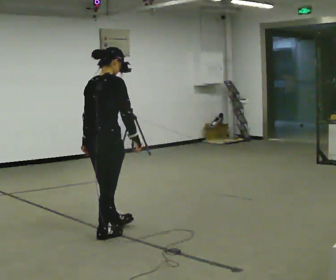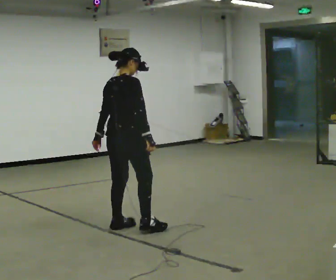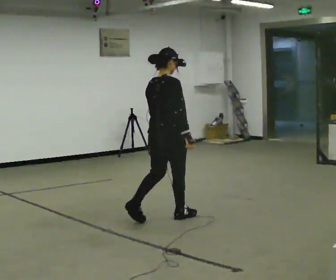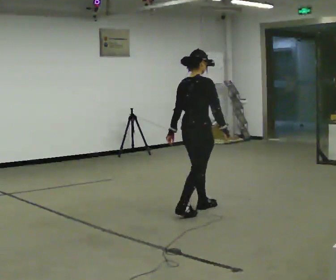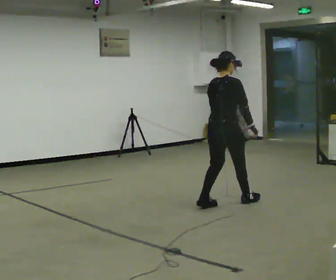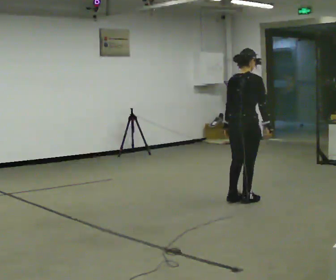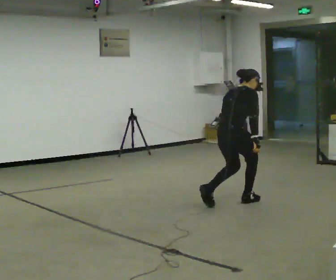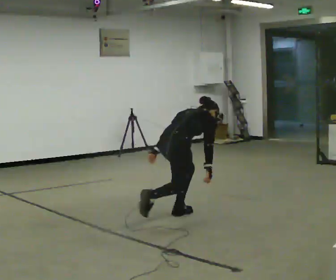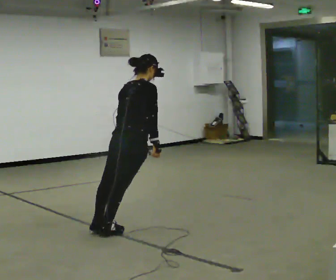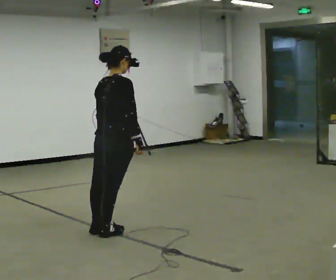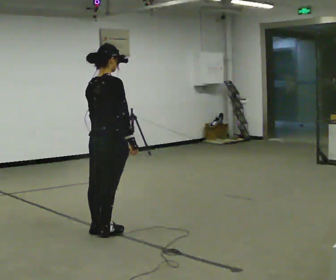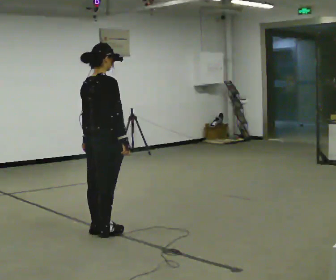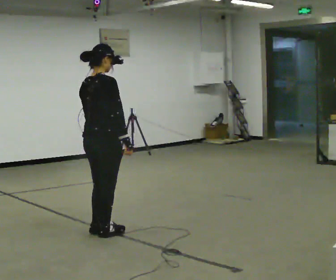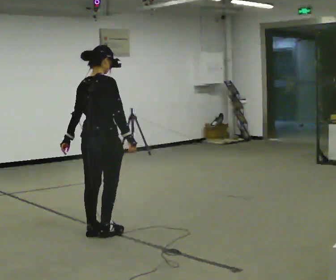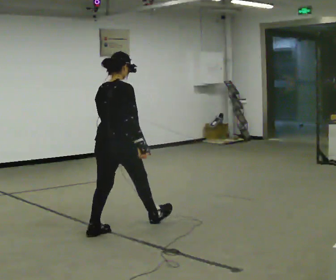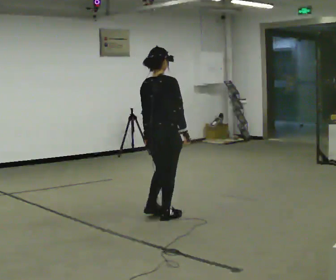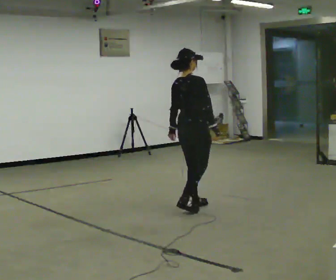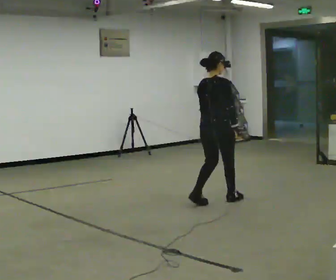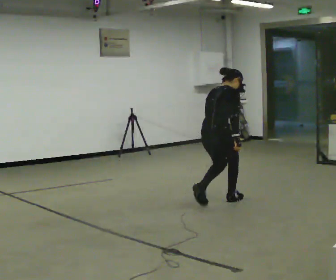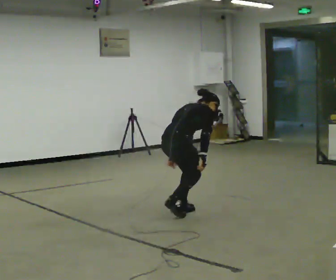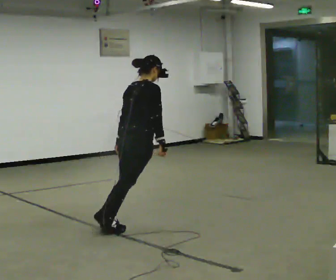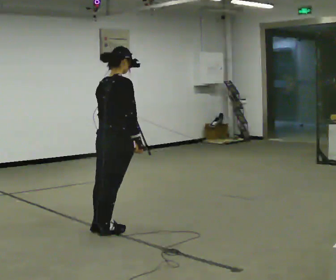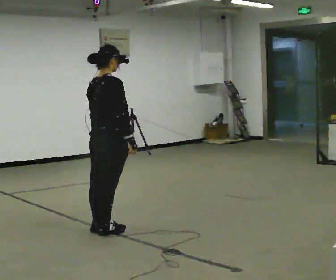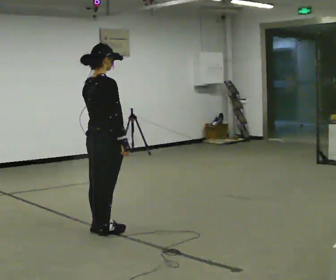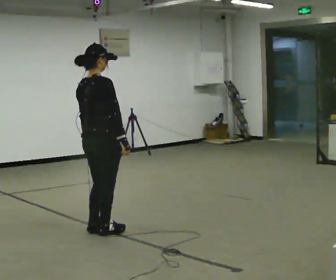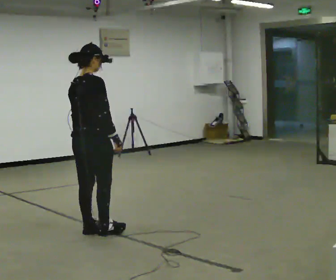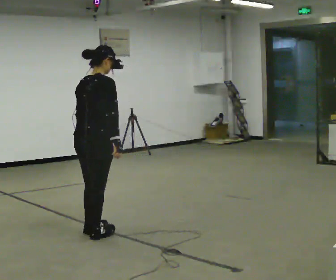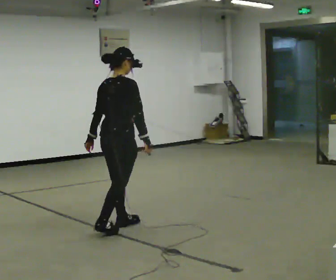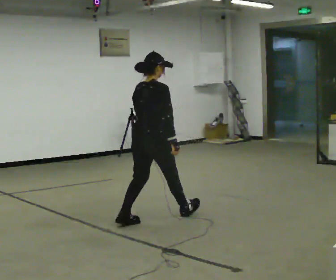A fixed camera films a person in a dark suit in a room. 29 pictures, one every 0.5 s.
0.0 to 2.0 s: In the picture they go to the right and away from the camera, about 1.5 m in 3 steps, which for them is forward.
2.0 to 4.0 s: In the picture they go to the left and toward the camera, about 1 m in 4 steps, which for them is backward.
4.0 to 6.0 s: In the picture they go to the left and toward the camera, about 0.25 m, which for them is backward. In the picture the upper body tilts counterclockwise, shoulders to the left, as they lean back or straighten.
6.0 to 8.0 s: In the picture they go to the right and away from the camera, about 1 m in 3 steps, which for them is forward.
8.0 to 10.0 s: In the picture they go to the left and toward the camera, about 0.5 m in 4 steps, which for them is backward.
10.0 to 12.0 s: In the picture they go to the left and toward the camera, about 0.5 m, which for them is backward. In the picture the upper body tilts counterclockwise, shoulders to the left, as they lean back or straighten.
12.0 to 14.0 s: In the picture they go to the right and away from the camera, about 0.5 m in 2 steps, which for them is forward.
The film runs backward here.
